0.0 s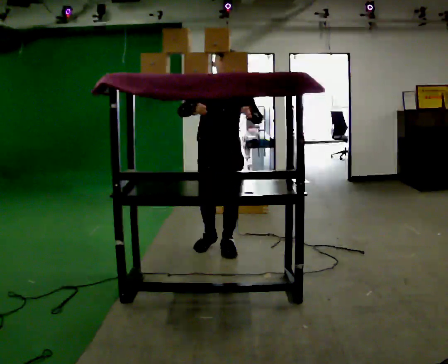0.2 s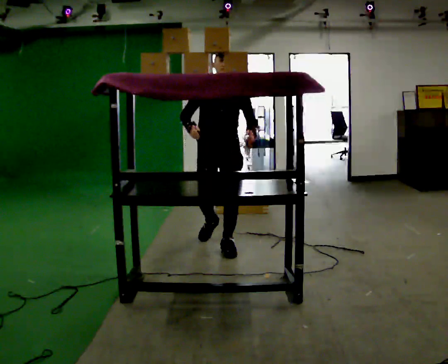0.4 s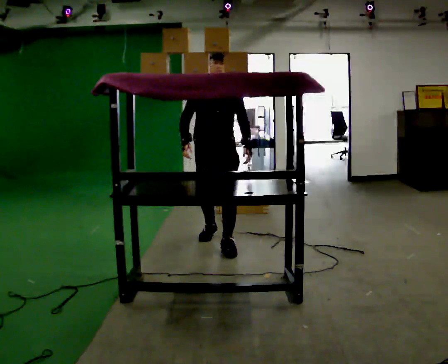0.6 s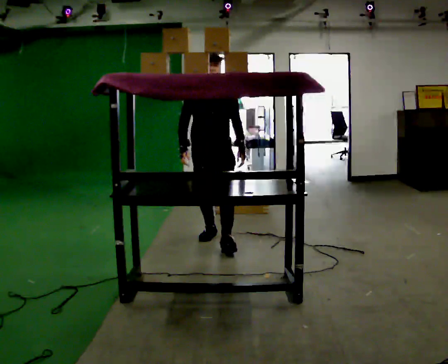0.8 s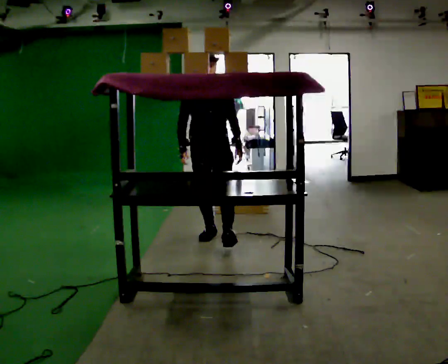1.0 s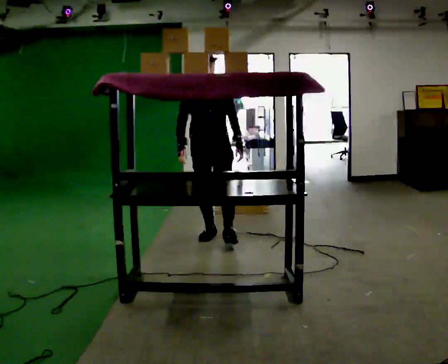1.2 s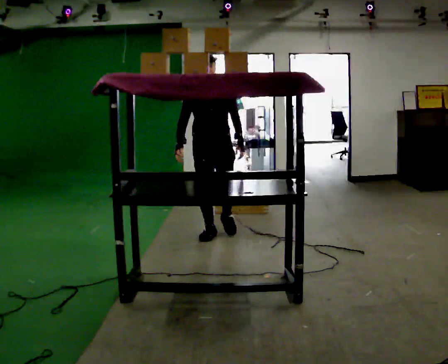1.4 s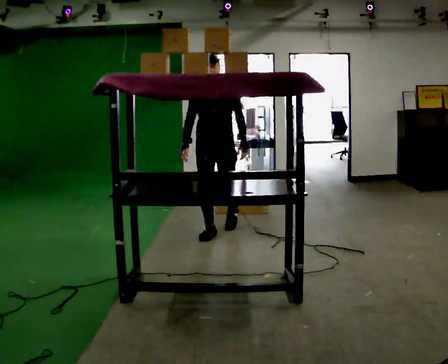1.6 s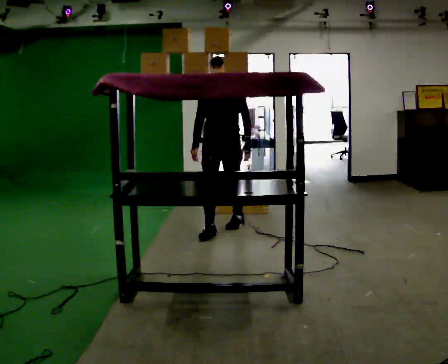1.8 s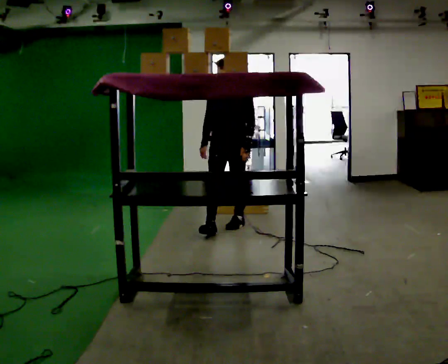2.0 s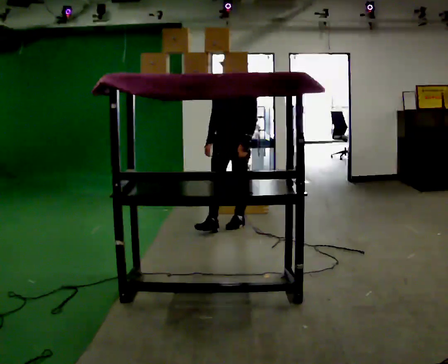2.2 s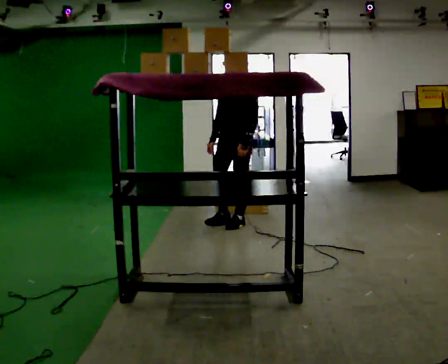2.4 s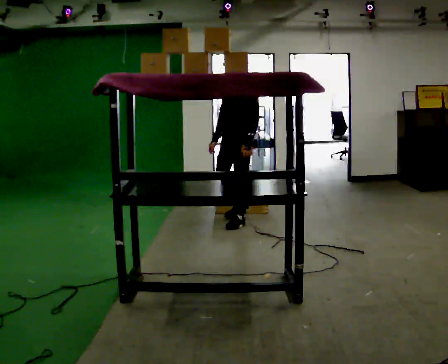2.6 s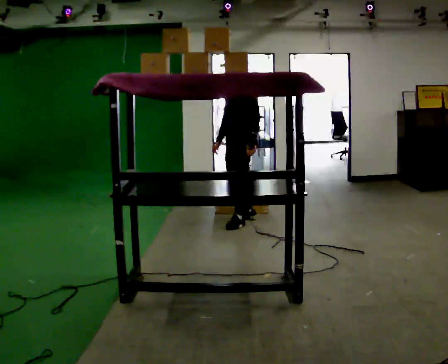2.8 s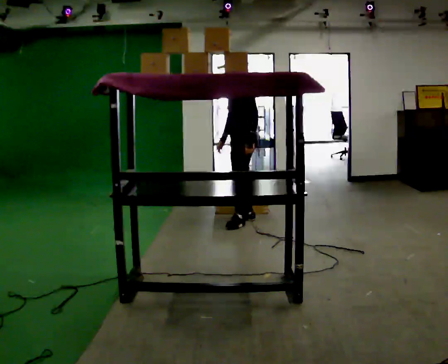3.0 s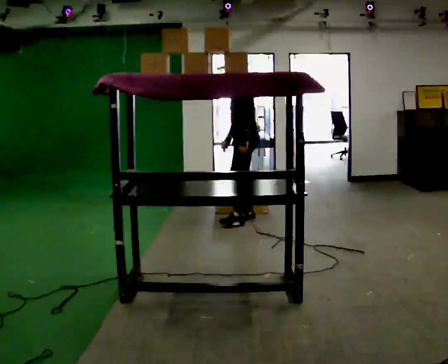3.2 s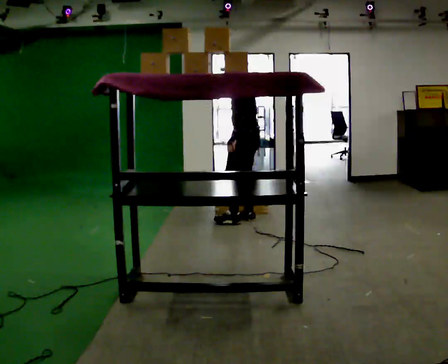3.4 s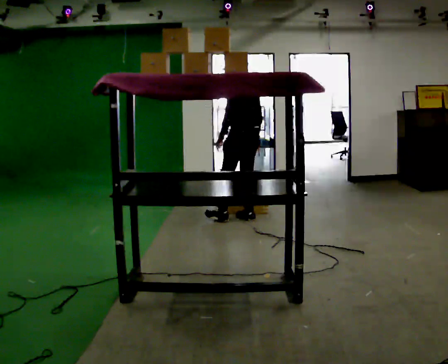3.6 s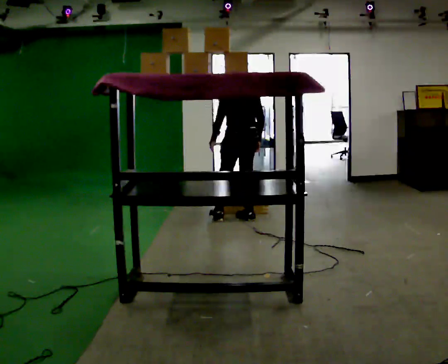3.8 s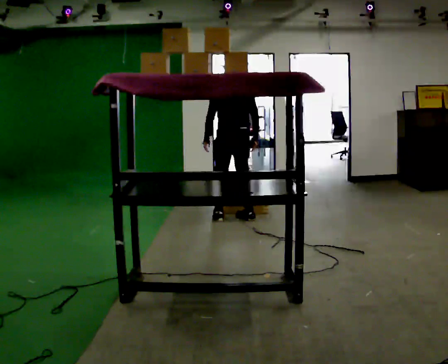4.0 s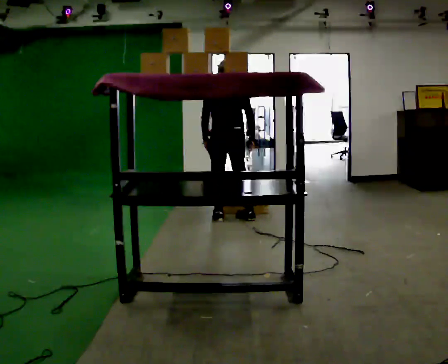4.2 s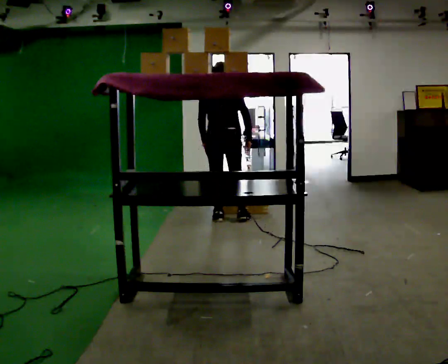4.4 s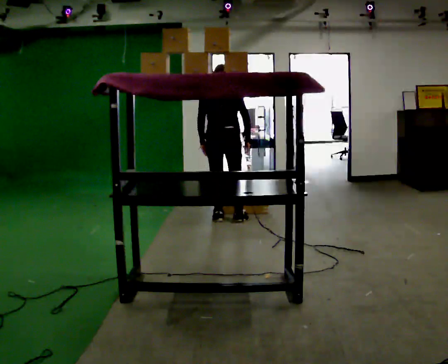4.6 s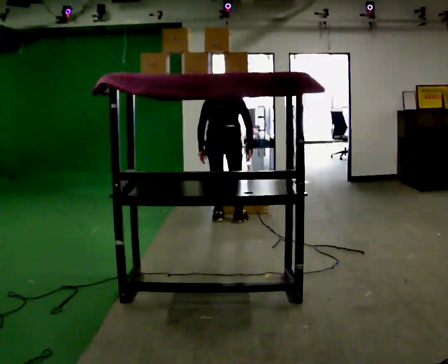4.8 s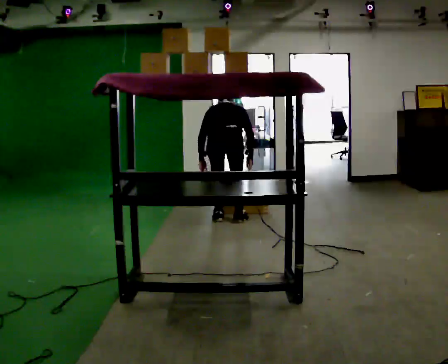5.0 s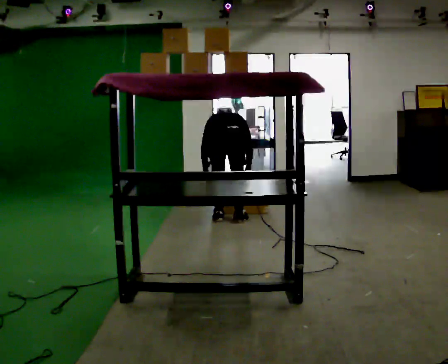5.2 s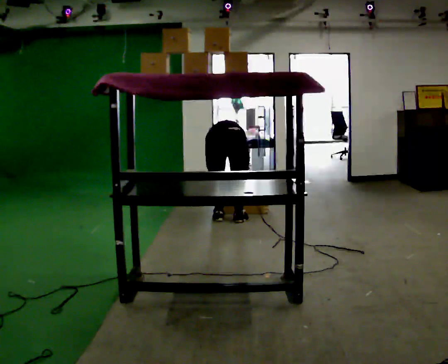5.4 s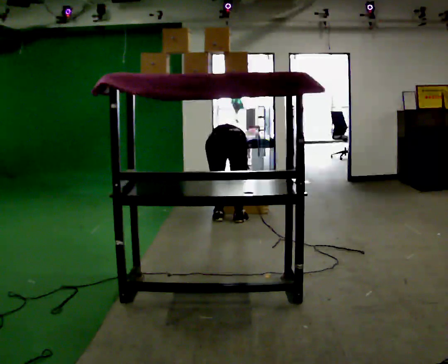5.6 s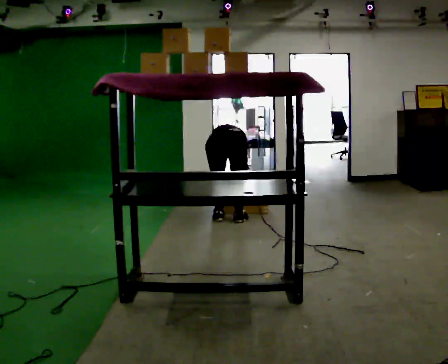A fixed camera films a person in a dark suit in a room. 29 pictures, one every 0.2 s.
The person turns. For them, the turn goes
to their right.
The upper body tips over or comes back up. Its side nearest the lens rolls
upward.
0.0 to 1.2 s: In the picture they go away from the camera, about 0.5 m in 1 step, which for them is backward. In the picture their right hand goes downward.
1.2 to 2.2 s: Seen from above the body turns clockwise, about 30 degrees: to their right, with its near side sliding to the left. In the picture they go away from the camera and to the right, about 0.5 m in 1 step, which for them is backward.
2.2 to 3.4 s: The person turns about 105 degrees to their right, clockwise seen from above, so the part of the body nearest the lens slides to the left. In the picture they go away from the camera, about 0.25 m in 1 step. In the picture their right hand goes to the right.
3.4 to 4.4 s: The part of the body nearest the lens slides to the left as the person turns to their right by about 60 degrees. In the picture they go to the left, about 0.25 m in 1 step, which for them is to their left.
4.4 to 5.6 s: The upper body goes downward. The upper body tips away from the camera, its near side rolling upward, as they bend forward. In the picture their right hand goes downward.
The film runs backward here.
